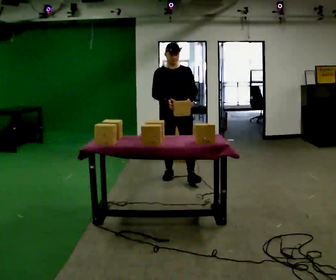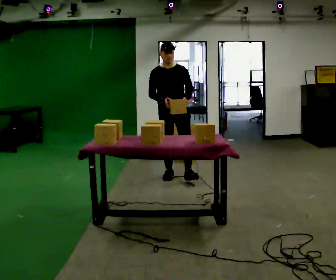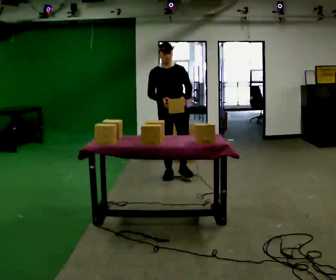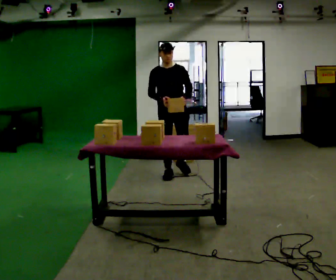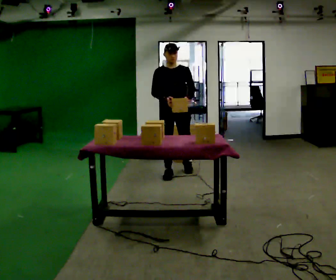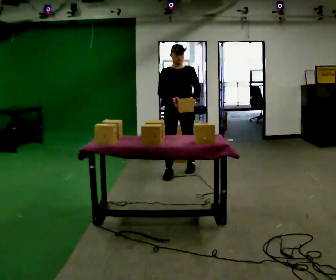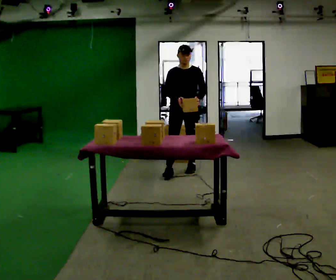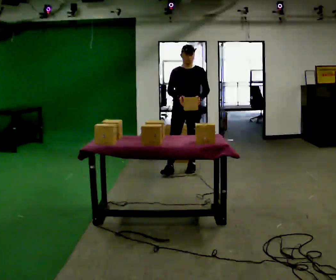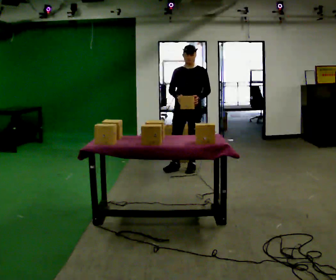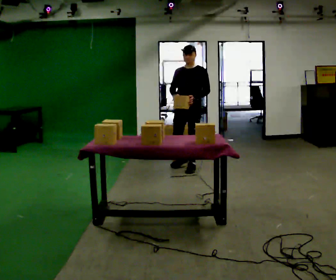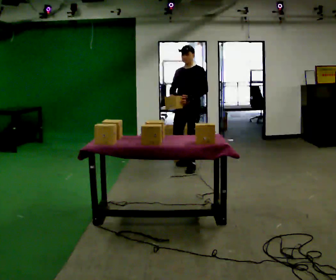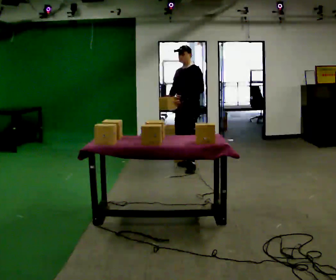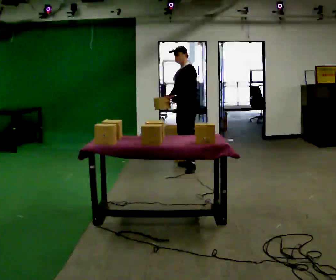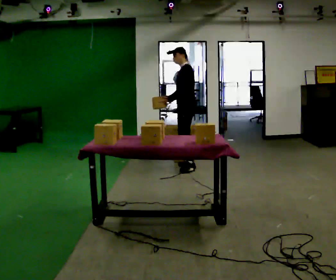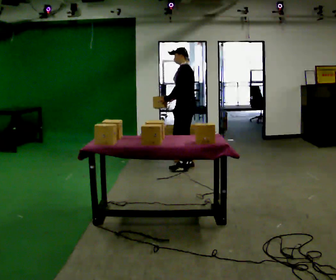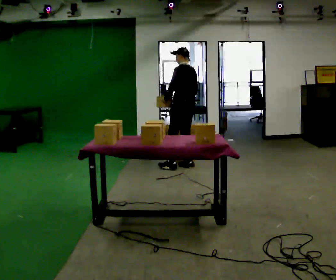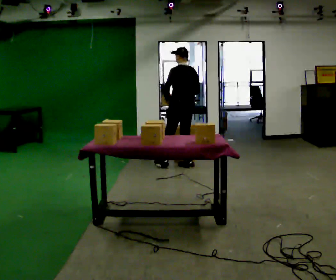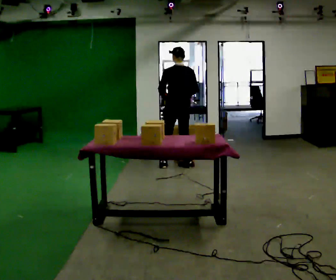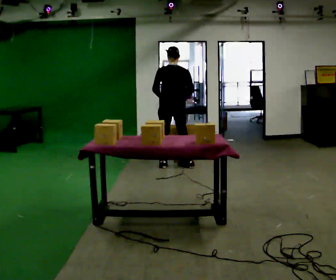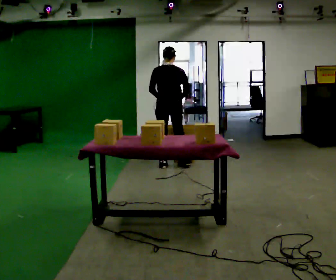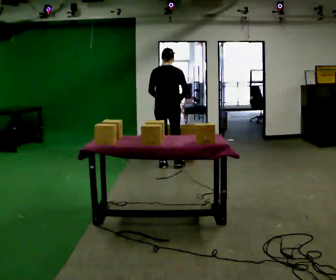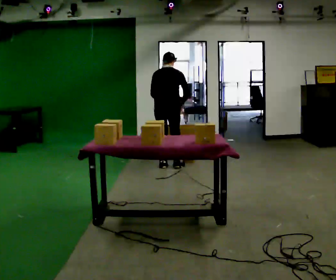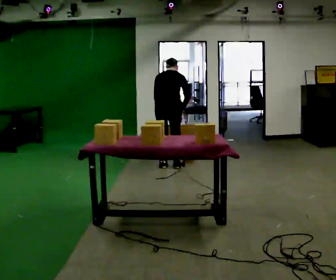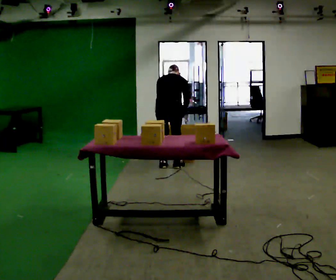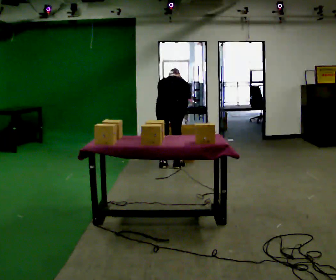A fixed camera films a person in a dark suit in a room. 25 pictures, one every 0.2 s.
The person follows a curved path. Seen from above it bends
counterclockwise.
The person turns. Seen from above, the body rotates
clockwise.
0.0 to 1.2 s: In the picture they go away from the camera, about 0.25 m in 1 step, which for them is backward.
1.2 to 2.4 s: The person turns about 60 degrees to their right, clockwise seen from above, so the part of the body nearest the lens slides to the left. In the picture they go away from the camera, about 0.25 m in 1 step.
2.4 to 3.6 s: Seen from above the body turns clockwise, about 105 degrees: to their right, with its near side sliding to the left. In the picture they go to the left, about 0.25 m in 1 step. In the picture their left hand goes to the left.
3.6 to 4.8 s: The shoulders move downward. The upper body tips away from the camera, its near side rolling upward, as they bend forward.
The film runs backward here.
